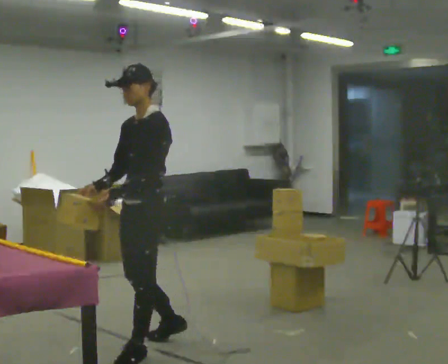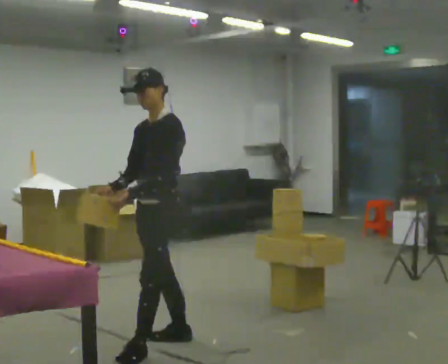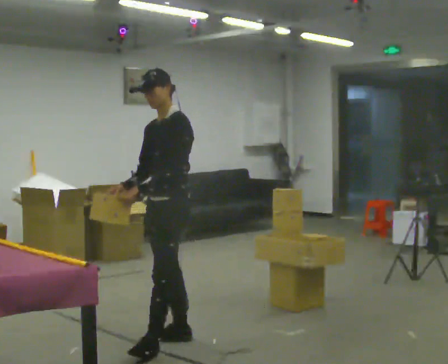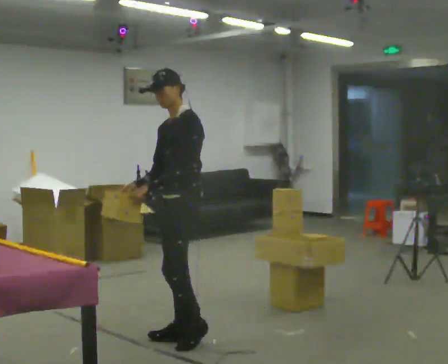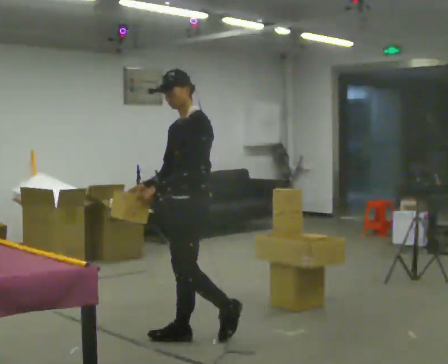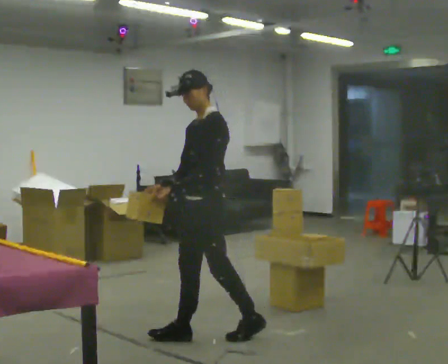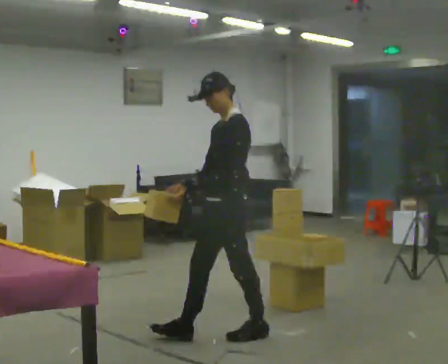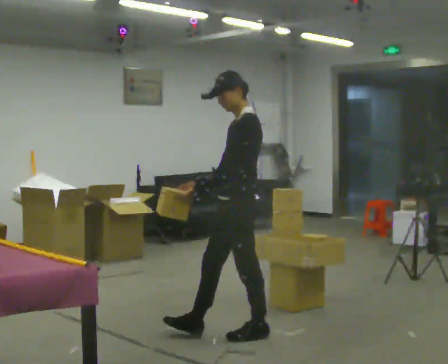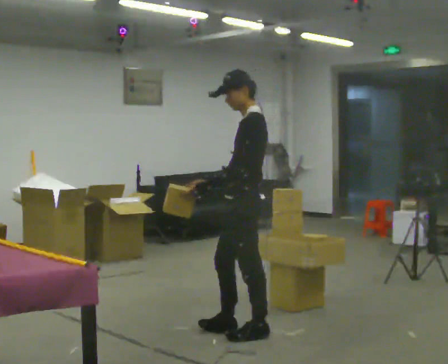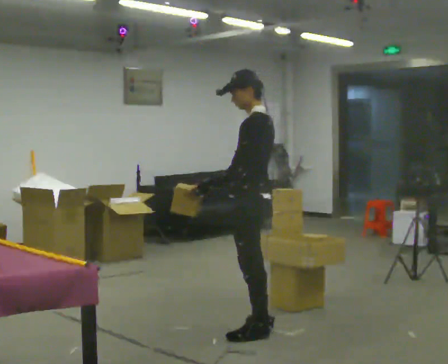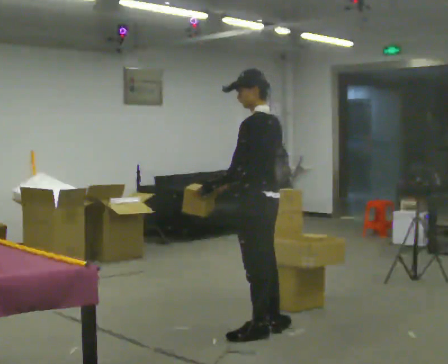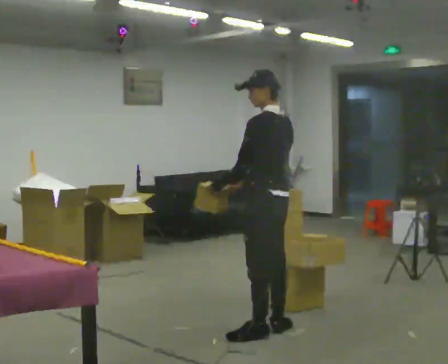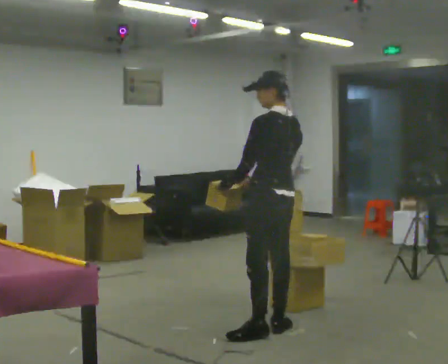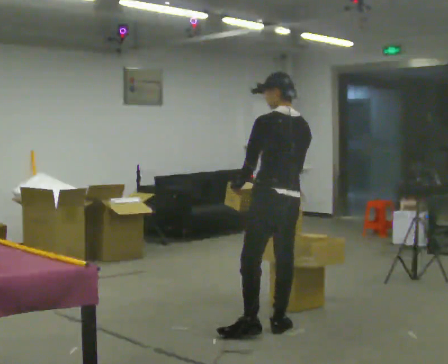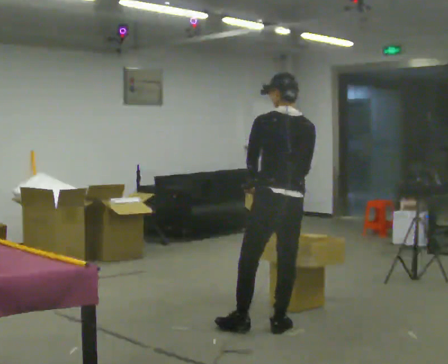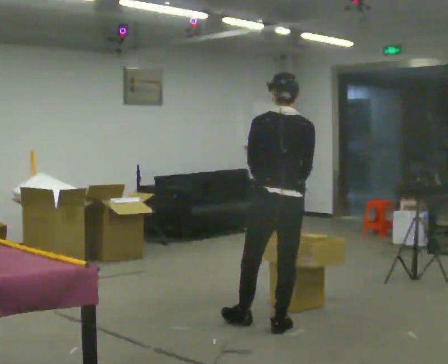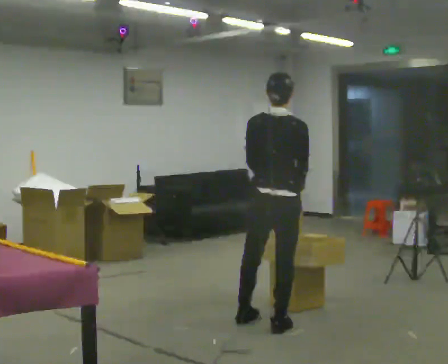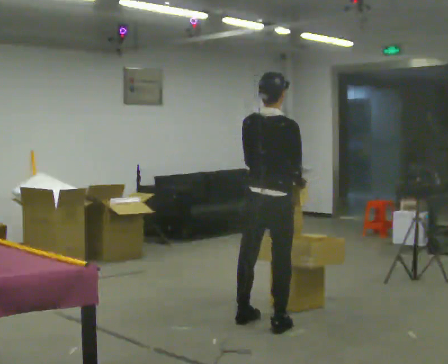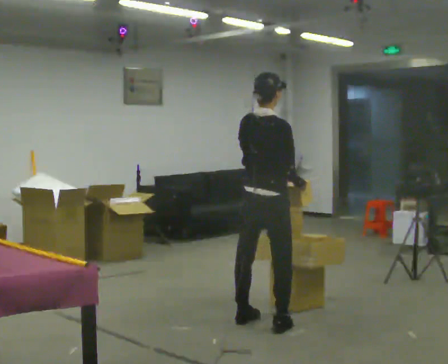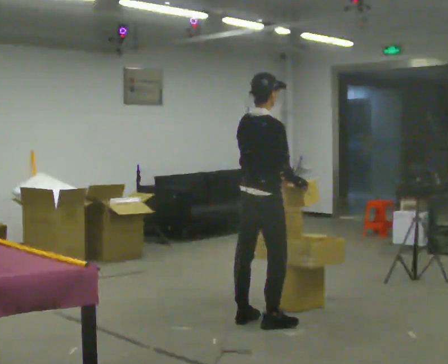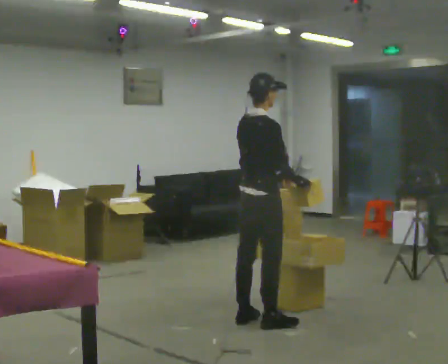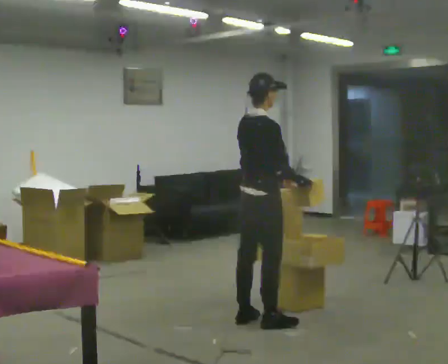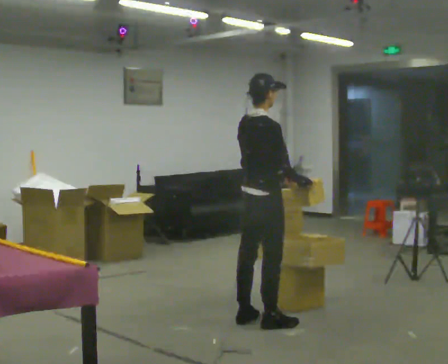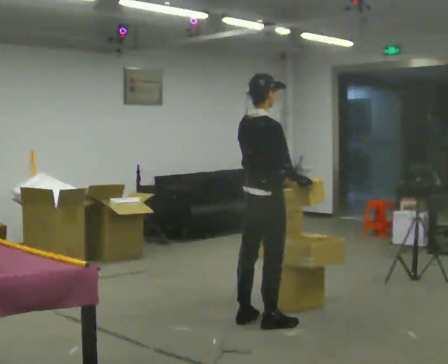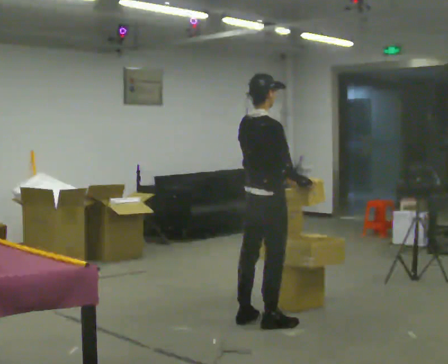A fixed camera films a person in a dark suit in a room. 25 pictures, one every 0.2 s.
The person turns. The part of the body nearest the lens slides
to the left.
Their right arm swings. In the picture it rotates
counterclockwise.
0.0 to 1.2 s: In the picture they go to the right and away from the camera, about 0.5 m in 1 step, which for them is backward.
1.2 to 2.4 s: The part of the body nearest the lens slides to the left as the person turns to their right by about 60 degrees. In the picture they go to the right, about 0.25 m in 1 step.
2.4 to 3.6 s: Seen from above the body turns clockwise, about 90 degrees: to their right, with its near side sliding to the left. In the picture they go away from the camera, about 0.25 m in 1 step. In the picture their left hand goes to the right, the arm swinging counterclockwise.
3.6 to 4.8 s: The person moves a little, or ends about where they began.
The film runs backward here.
